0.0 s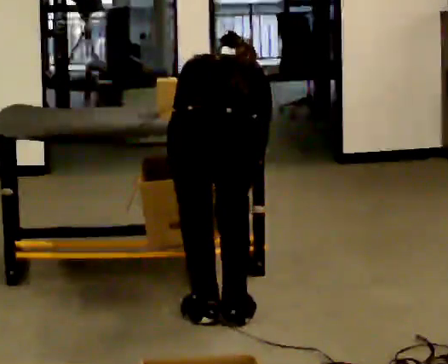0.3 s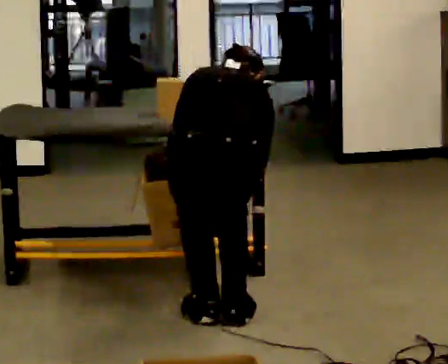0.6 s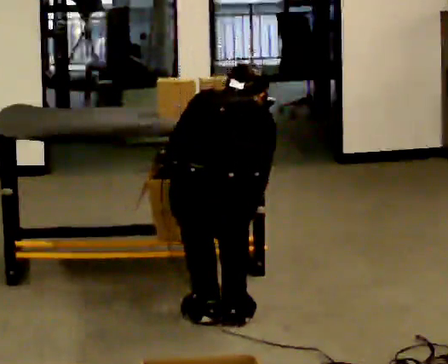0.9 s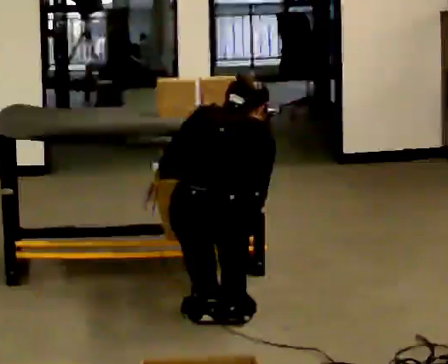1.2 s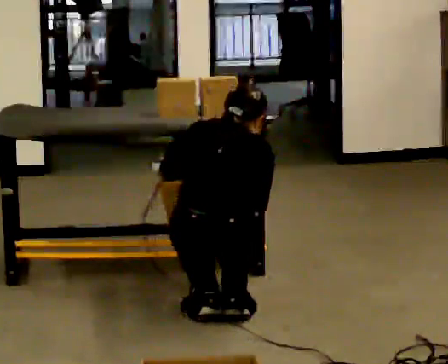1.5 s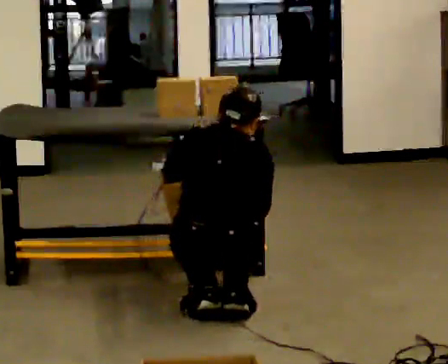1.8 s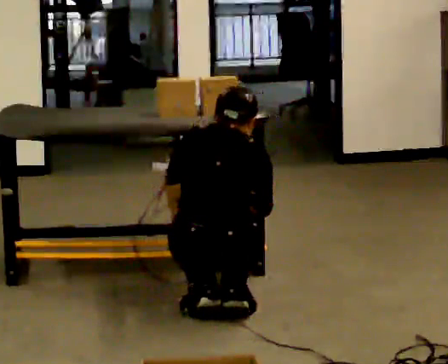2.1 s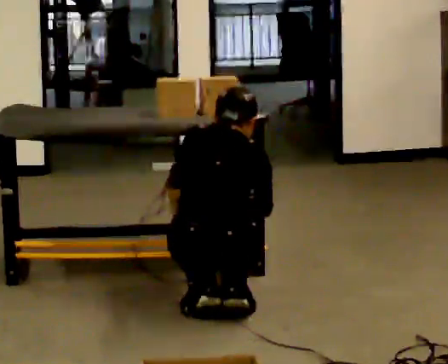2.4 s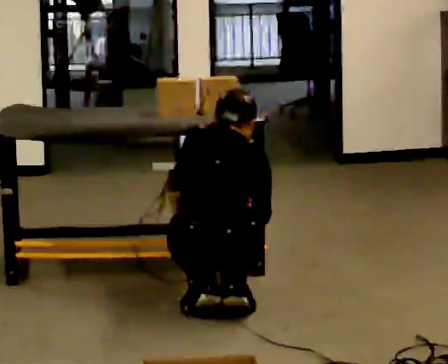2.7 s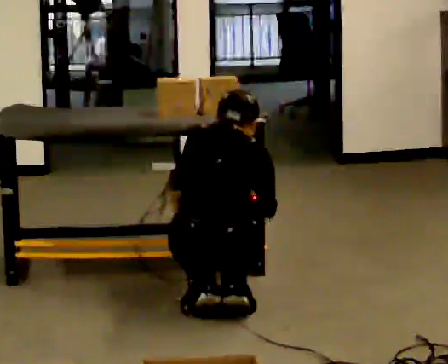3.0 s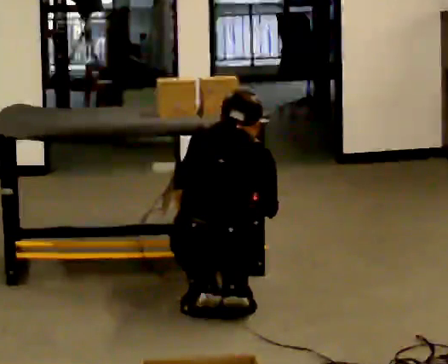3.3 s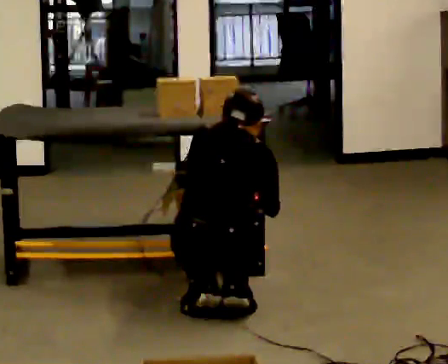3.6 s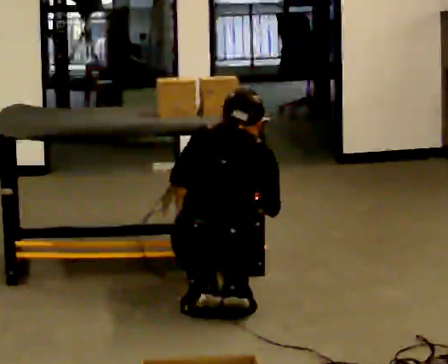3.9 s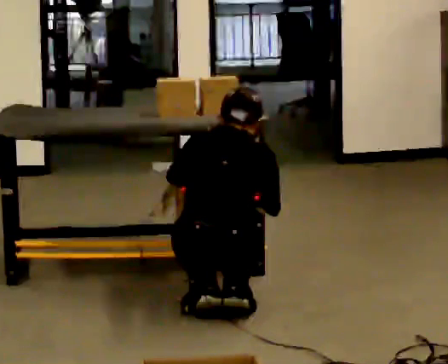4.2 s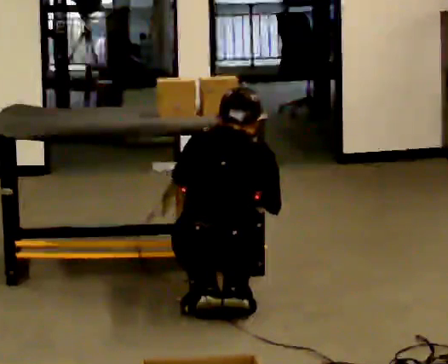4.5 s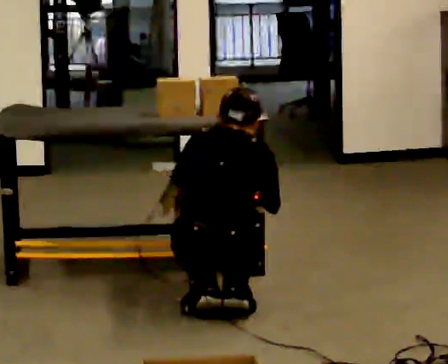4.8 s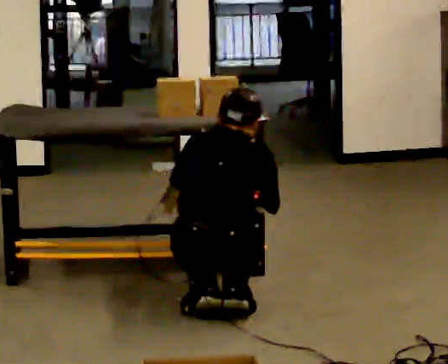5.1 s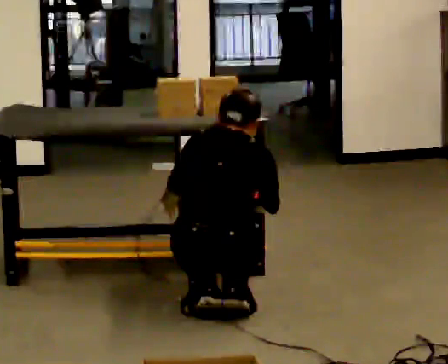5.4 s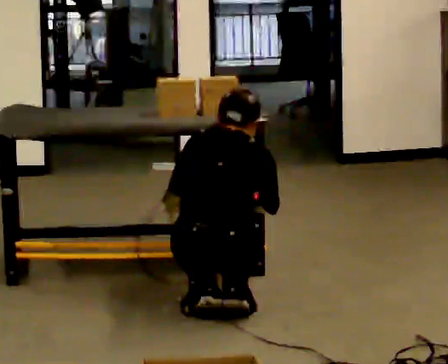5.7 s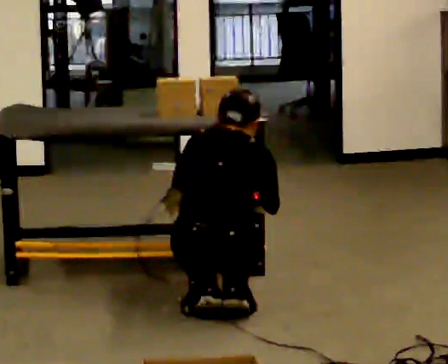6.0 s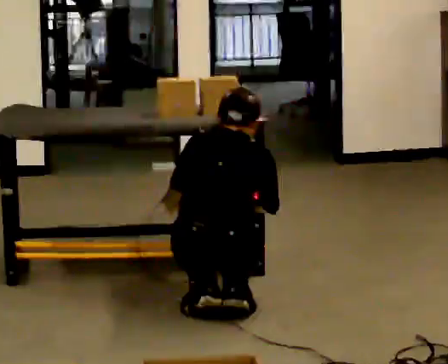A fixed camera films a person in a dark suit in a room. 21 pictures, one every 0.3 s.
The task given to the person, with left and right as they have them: 1. Take everything out of the crates by the door. 2. Put the small items on the middle shelf. 3. Put the large items on the bottom shelf. 4. Stack the empty crates by the door. 5. Tell the operator when you are finished.
0.0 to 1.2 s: The shoulders move downward. The upper body tips toward the camera, its near side rolling downward, as they lean back or straighten.
1.2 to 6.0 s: The person moves a little, or ends about where they began.
The film runs forward here.
